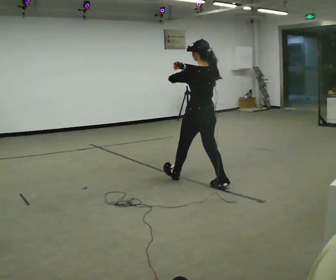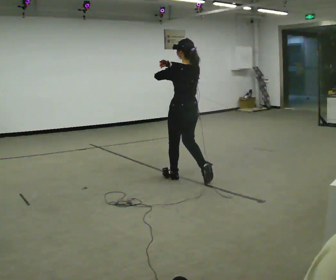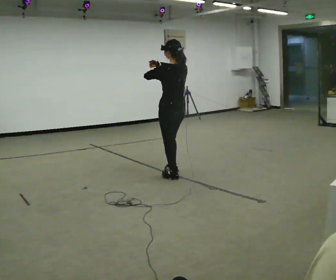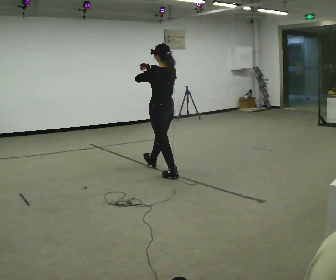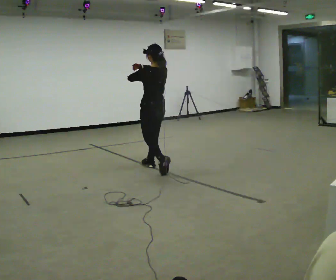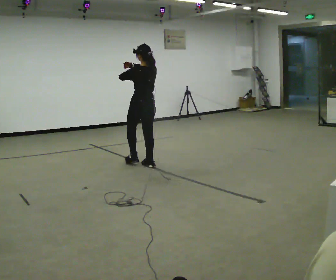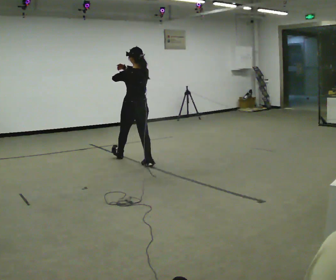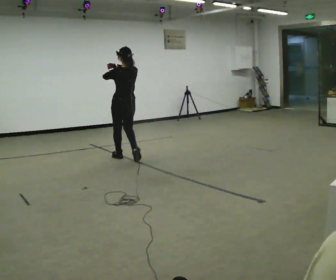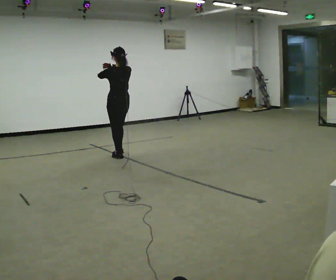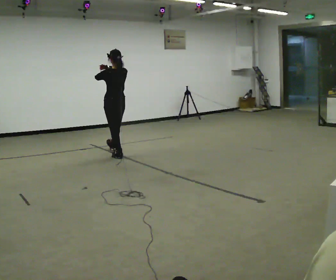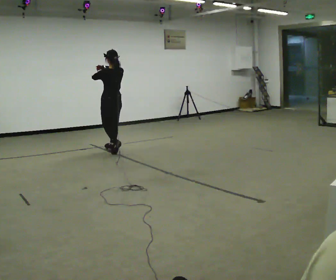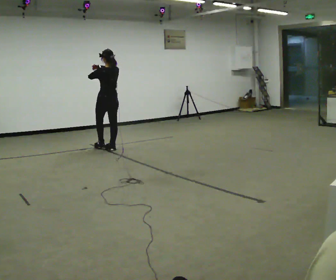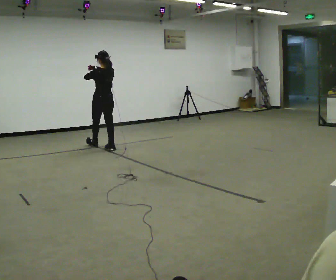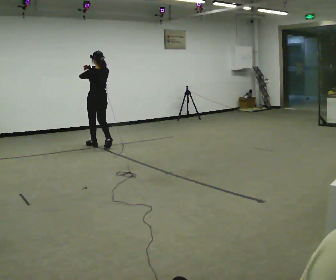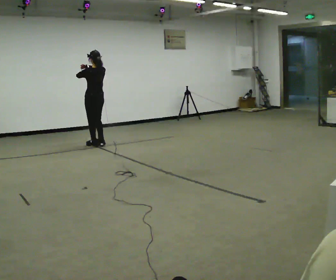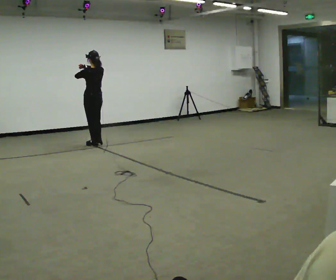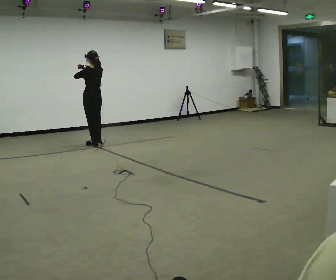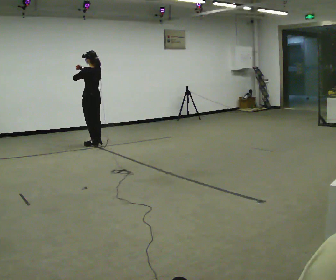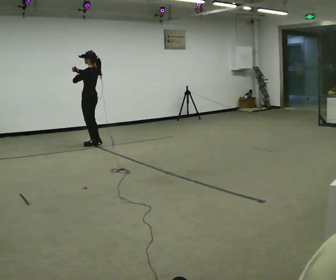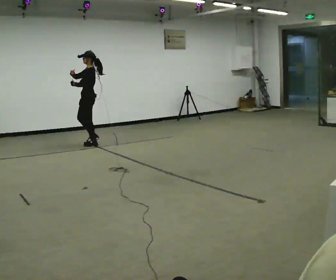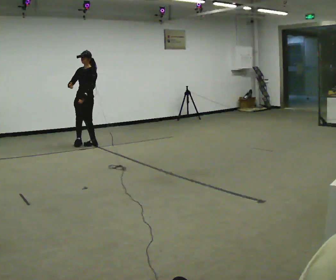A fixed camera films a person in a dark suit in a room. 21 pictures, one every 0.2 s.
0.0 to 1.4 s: In the picture they go away from the camera and to the left, about 1.5 m in 3 steps, which for them is forward.
1.4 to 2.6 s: In the picture they go away from the camera and to the left, about 1 m in 2 steps, which for them is forward.
2.6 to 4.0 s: The part of the body nearest the lens slides to the right as the person turns to their left by about 105 degrees. In the picture they go to the left and away from the camera, about 0.25 m in 1 step. In the picture their left hand goes downward.
The film runs forward here.
